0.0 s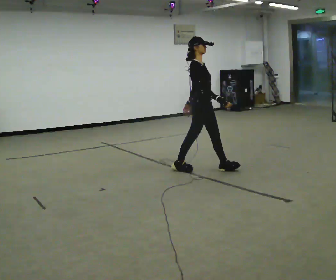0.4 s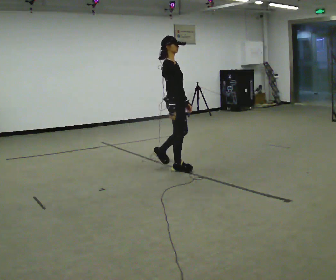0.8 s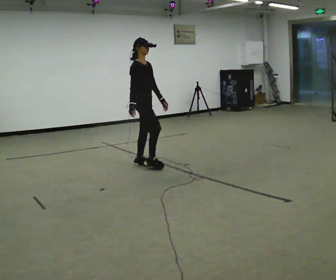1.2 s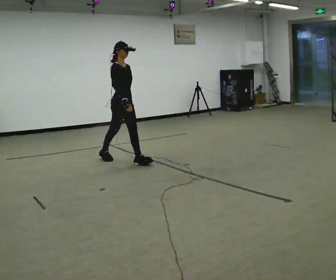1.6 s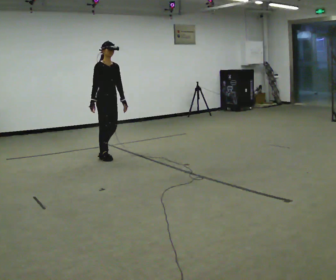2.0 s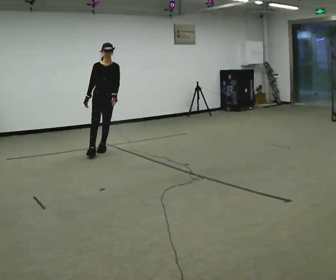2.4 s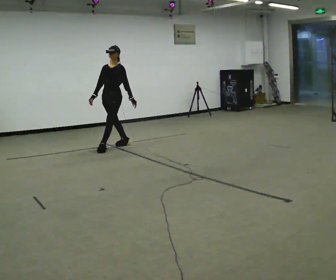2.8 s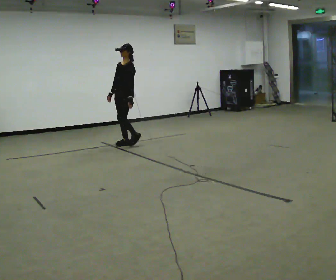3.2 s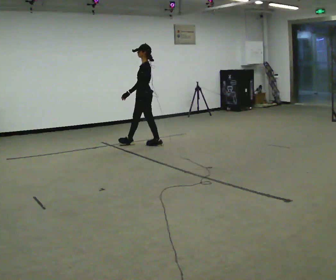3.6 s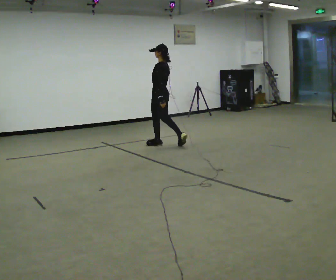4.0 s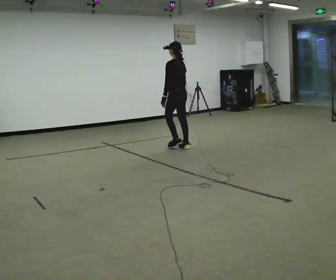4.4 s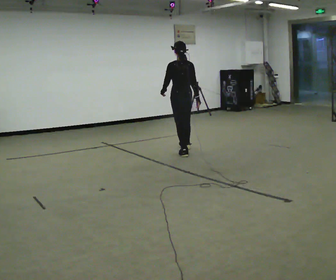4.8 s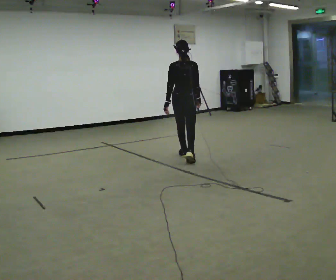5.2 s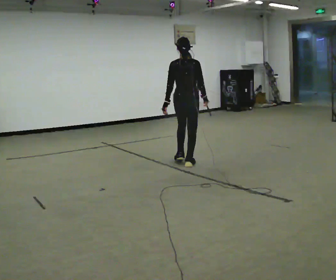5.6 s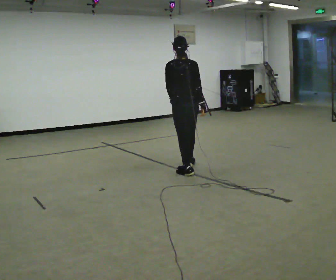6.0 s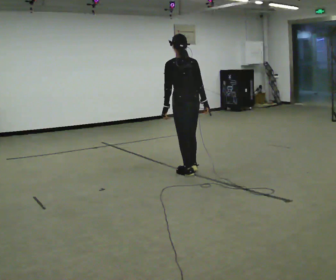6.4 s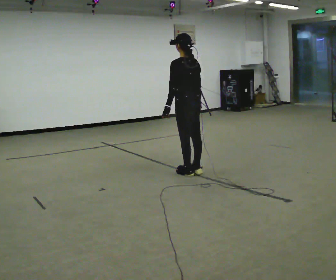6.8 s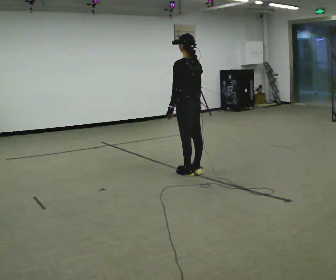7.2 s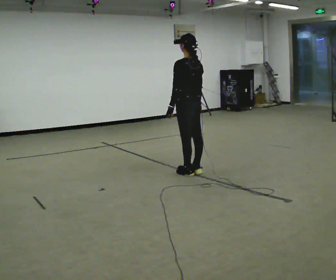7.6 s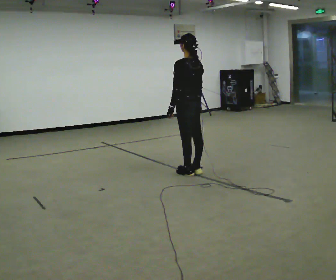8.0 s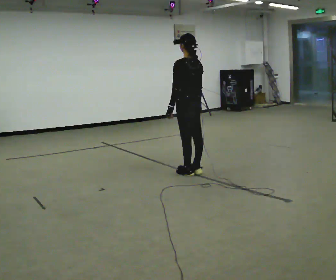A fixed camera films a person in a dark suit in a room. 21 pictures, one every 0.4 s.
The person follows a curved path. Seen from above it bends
clockwise.
0.0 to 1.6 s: In the picture they go to the left and away from the camera, about 1.5 m in 2 steps, which for them is backward.
1.6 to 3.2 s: The part of the body nearest the lens slides to the left as the person turns to their right by about 135 degrees. In the picture they go away from the camera and to the right, about 1 m in 3 steps.
3.2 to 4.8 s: The part of the body nearest the lens slides to the left as the person turns to their right by about 90 degrees. In the picture they go toward the camera and to the right, about 1 m in 2 steps.
4.8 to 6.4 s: Seen from above the body turns counterclockwise, about 45 degrees: to their left, with its near side sliding to the right. In the picture they go toward the camera, about 1 m in 2 steps, which for them is backward.
6.4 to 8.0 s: The person moves a little, or ends about where they began.
The film runs backward here.
